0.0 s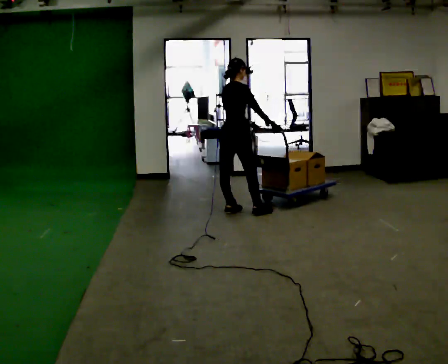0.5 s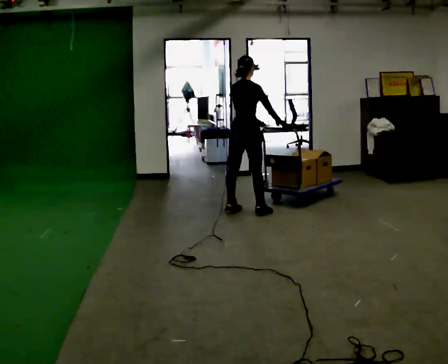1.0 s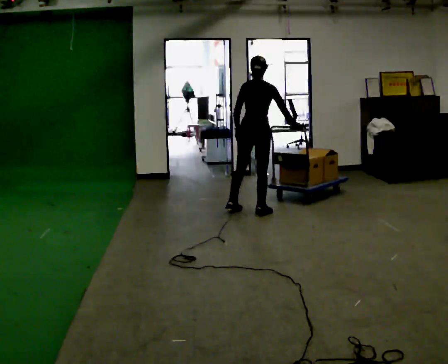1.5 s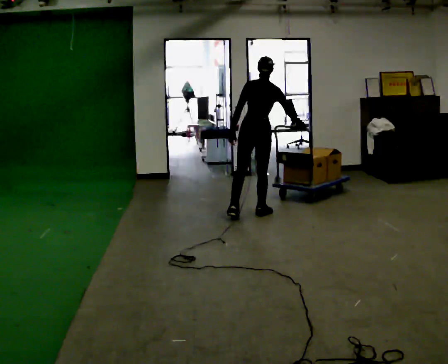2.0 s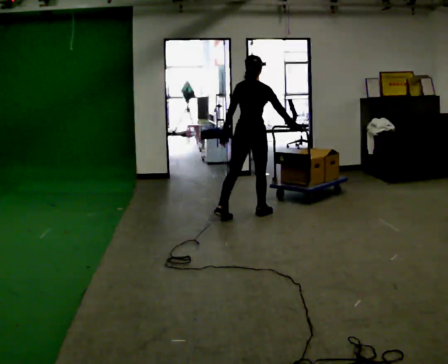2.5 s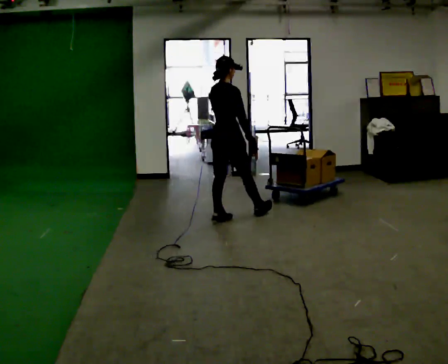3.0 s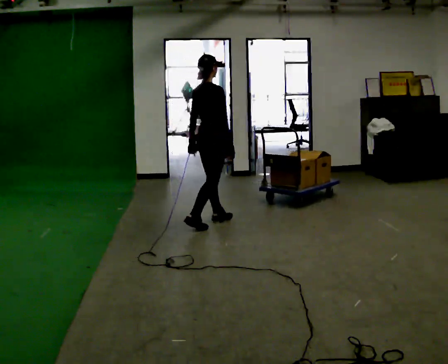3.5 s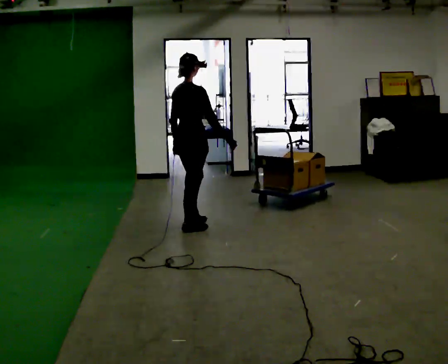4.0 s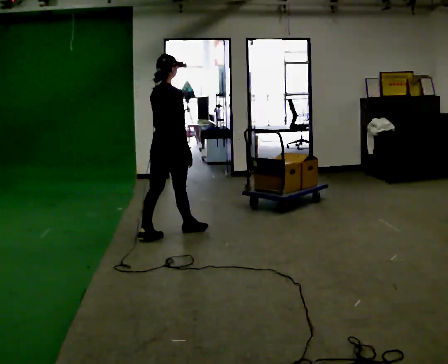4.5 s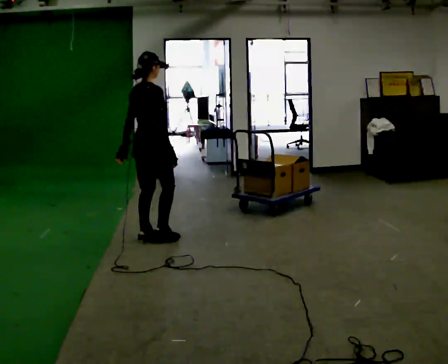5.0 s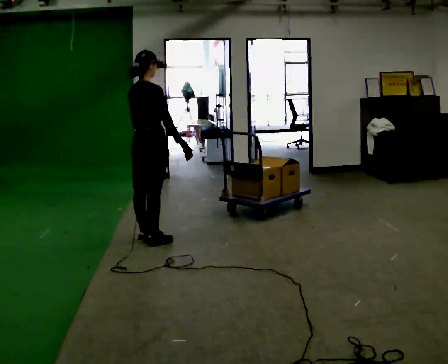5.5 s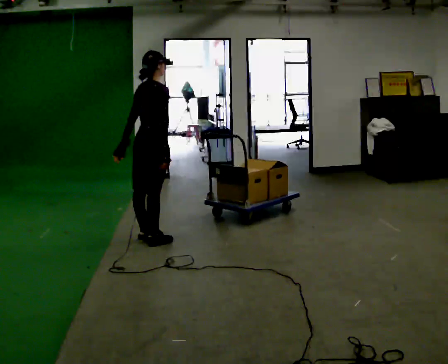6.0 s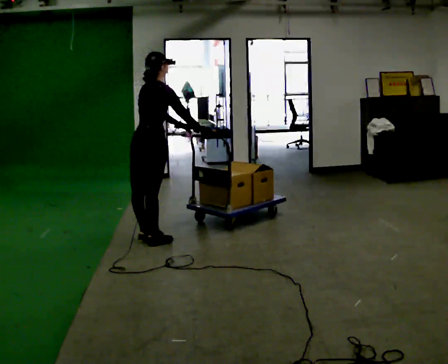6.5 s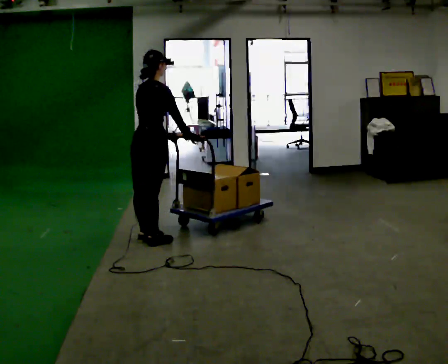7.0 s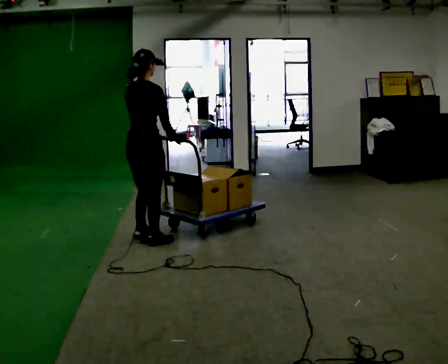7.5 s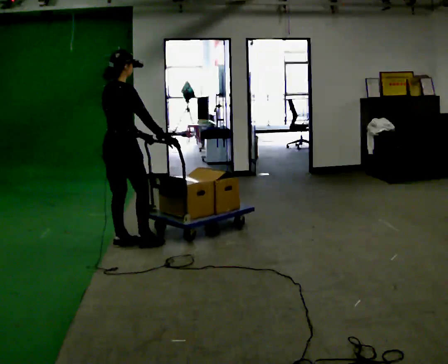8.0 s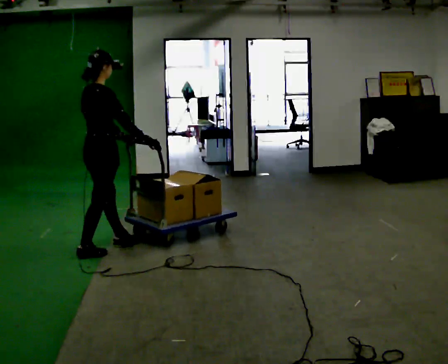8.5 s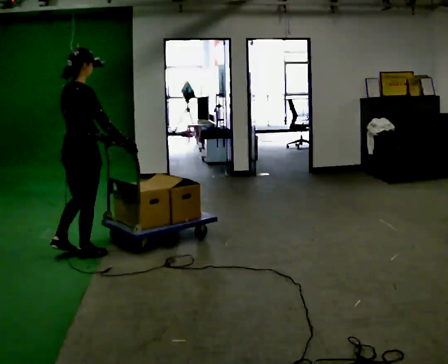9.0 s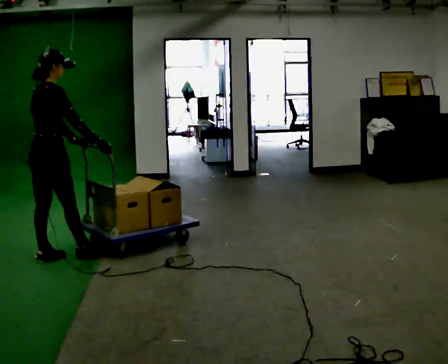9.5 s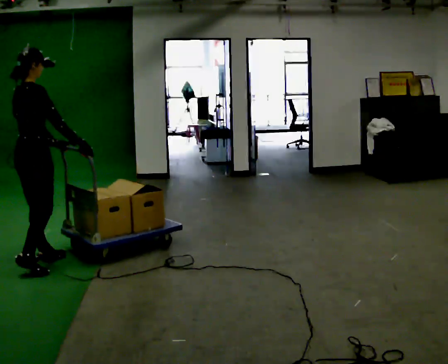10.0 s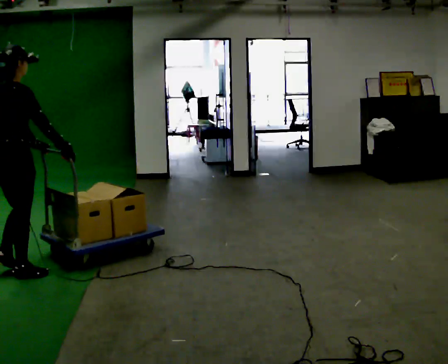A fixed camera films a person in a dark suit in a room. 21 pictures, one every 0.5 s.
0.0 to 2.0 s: The person turns about 45 degrees to their left, counterclockwise seen from above, so the part of the body nearest the lens slides to the right. In the picture they go toward the camera and to the right, about 0.25 m in 1 step, which for them is to their right and backward.
2.0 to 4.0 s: Seen from above the body turns clockwise, about 30 degrees: to their right, with its near side sliding to the left. In the picture they go to the left and toward the camera, about 1 m in 2 steps, which for them is backward.
4.0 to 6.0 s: In the picture they go toward the camera and to the left, about 0.25 m in 1 step, which for them is backward.
6.0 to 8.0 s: In the picture they go to the left and toward the camera, about 0.5 m in 2 steps, which for them is backward.
8.0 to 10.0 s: In the picture they go toward the camera and to the left, about 1 m in 3 steps, which for them is backward.
The film runs backward here.
